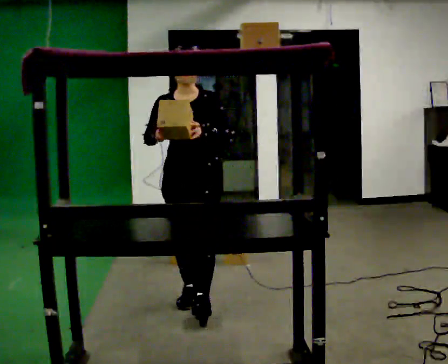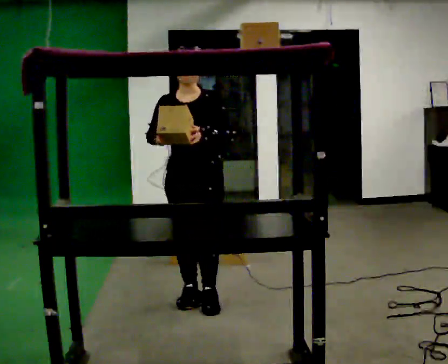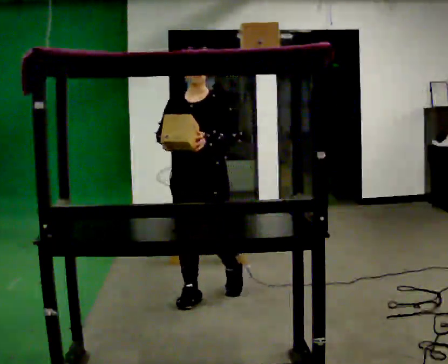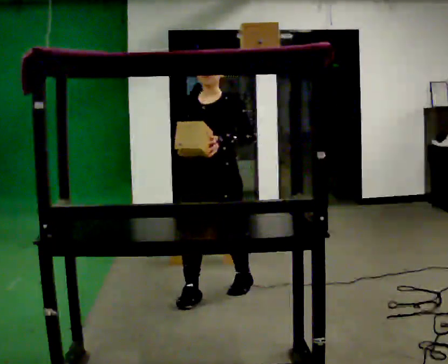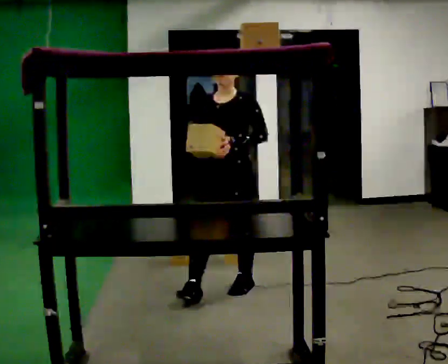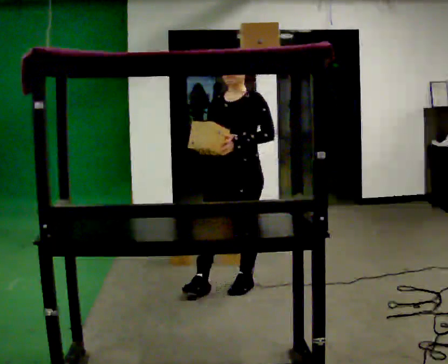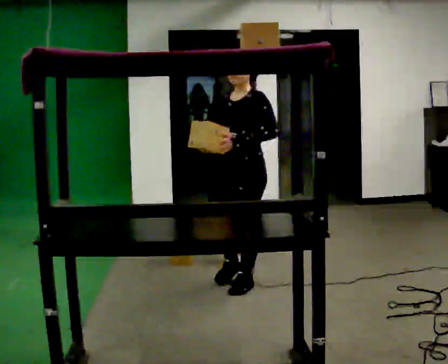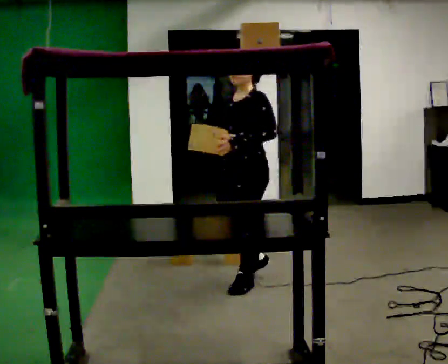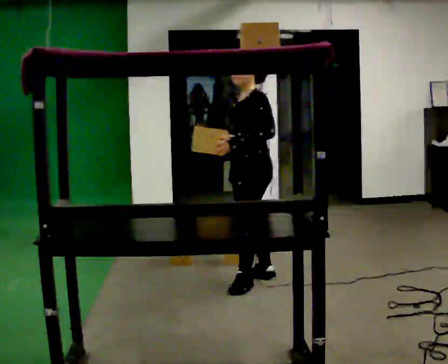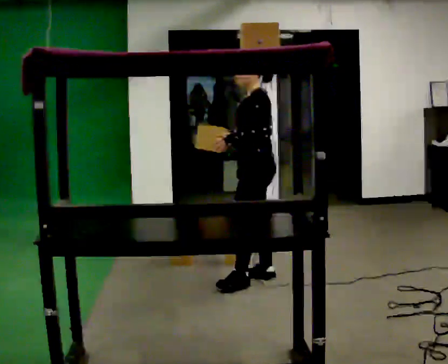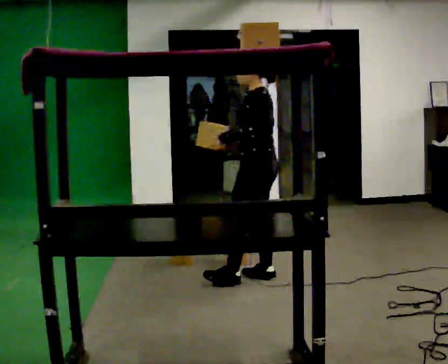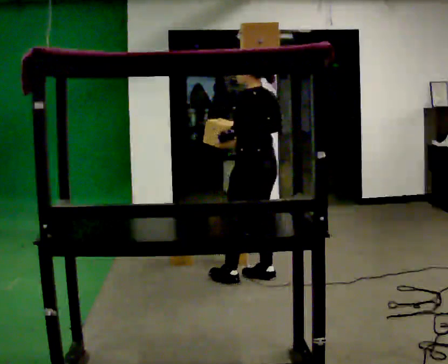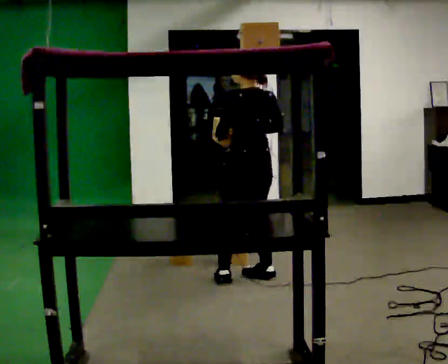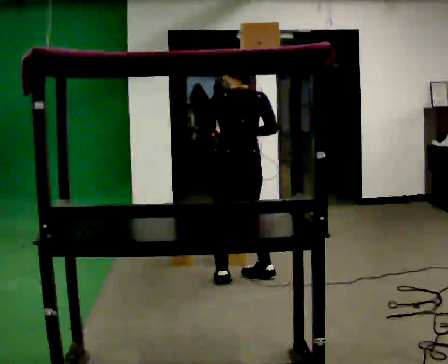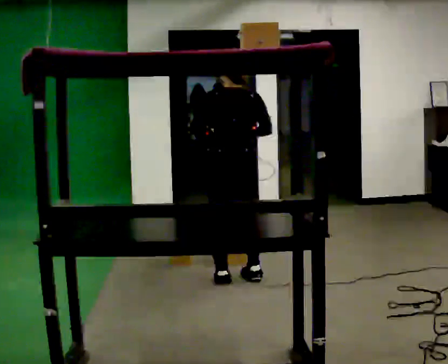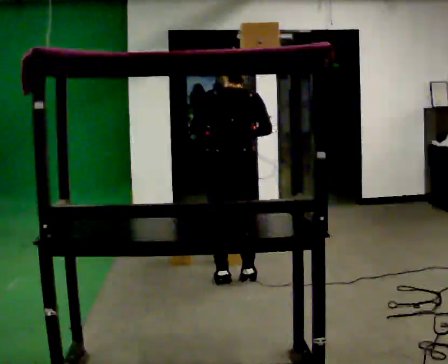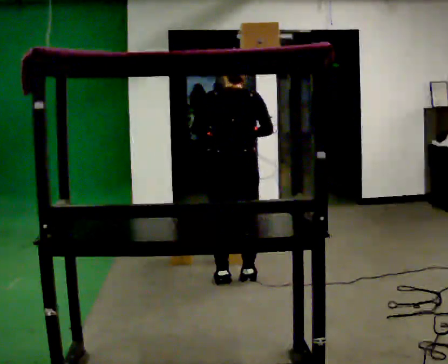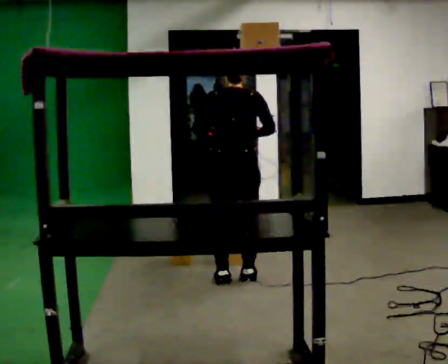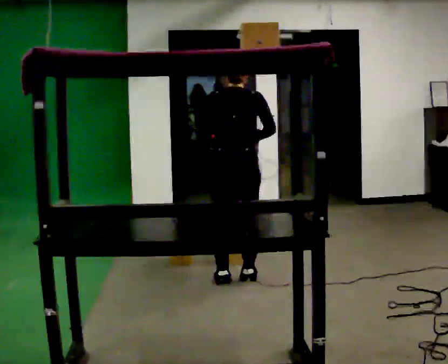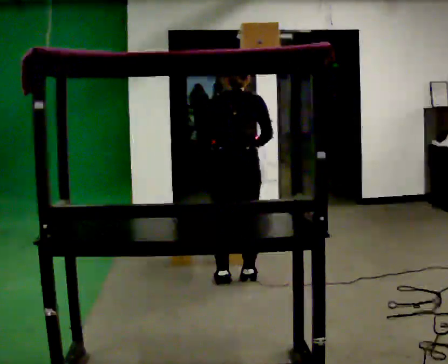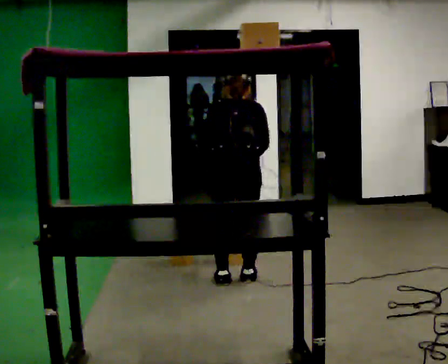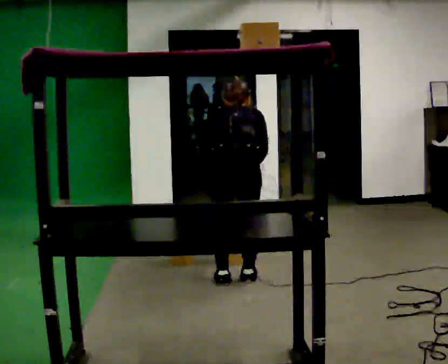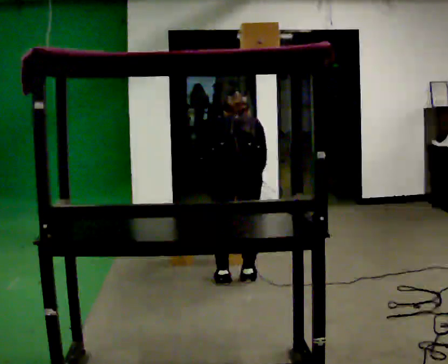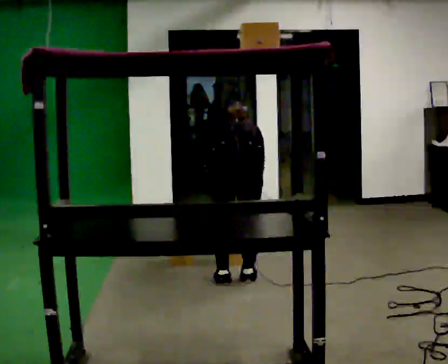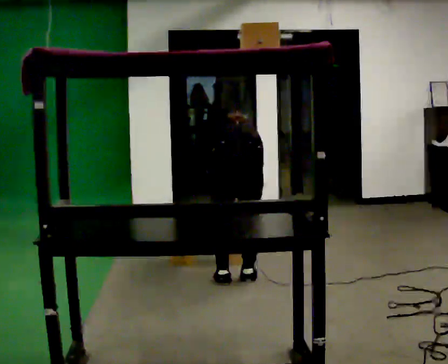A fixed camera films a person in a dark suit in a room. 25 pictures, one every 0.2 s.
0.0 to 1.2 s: The part of the body nearest the lens slides to the left as the person turns to their right by about 45 degrees. In the picture they go away from the camera and to the right, about 0.5 m in 1 step, which for them is backward and to their left.
1.2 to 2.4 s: Seen from above the body turns clockwise, about 105 degrees: to their right, with its near side sliding to the left. In the picture they go away from the camera, about 0.25 m.
2.4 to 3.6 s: The person turns about 30 degrees to their right, clockwise seen from above, so the part of the body nearest the lens slides to the left.
3.6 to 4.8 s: The shoulders move downward. The upper body tips away from the camera, its near side rolling upward, as they bend forward. In the picture their right hand goes downward.
The film runs backward here.
